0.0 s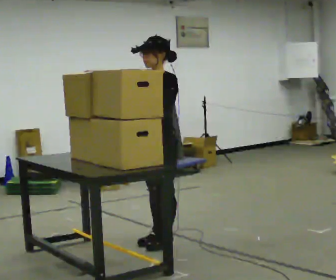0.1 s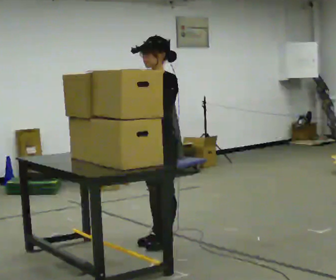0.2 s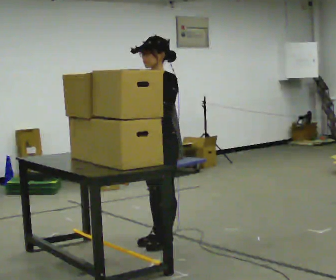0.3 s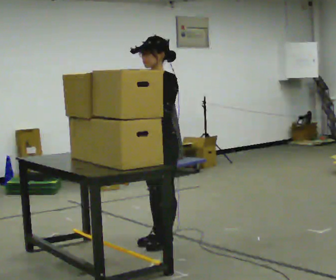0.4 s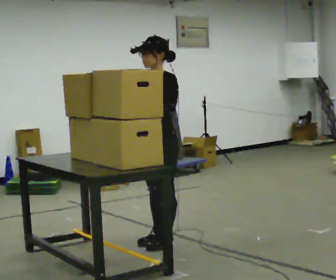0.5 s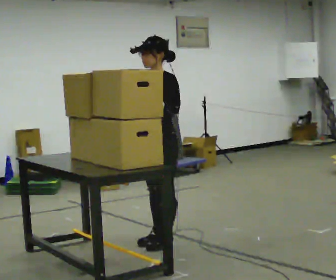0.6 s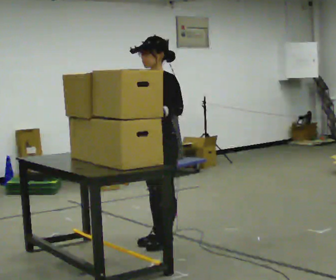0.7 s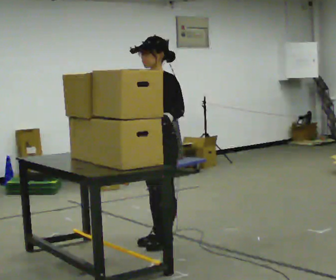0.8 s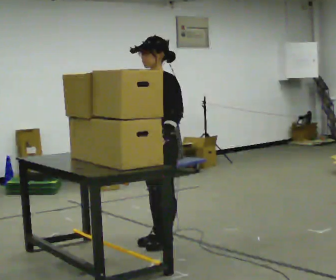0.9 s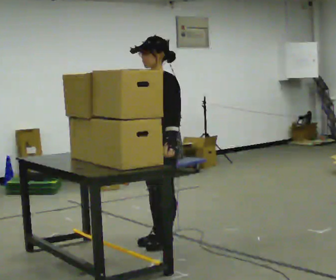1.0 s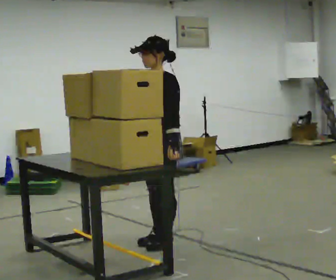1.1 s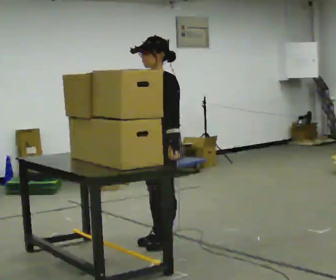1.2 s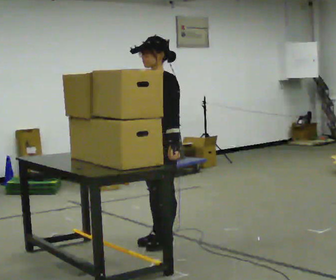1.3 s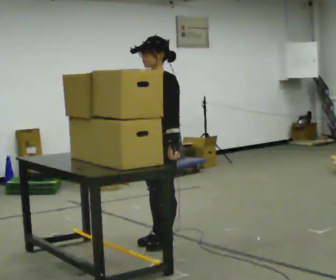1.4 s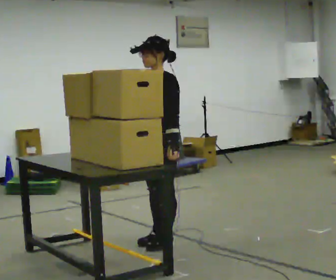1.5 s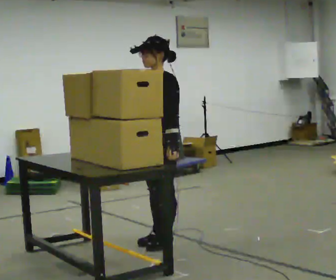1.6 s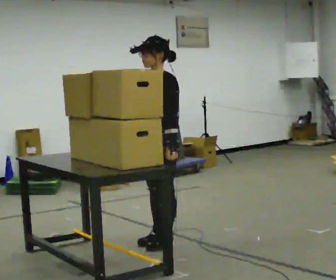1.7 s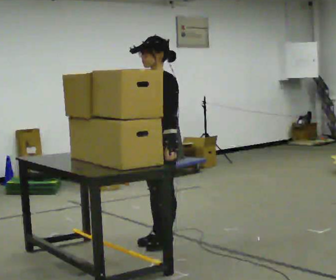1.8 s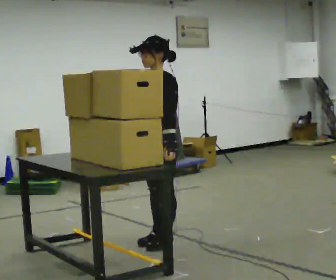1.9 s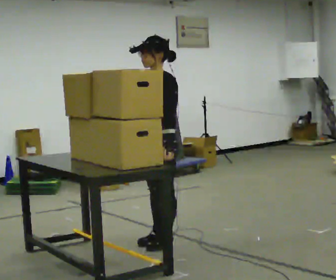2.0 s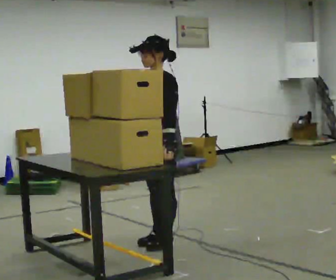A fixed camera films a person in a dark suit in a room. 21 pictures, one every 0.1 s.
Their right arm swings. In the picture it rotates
counterclockwise.
Their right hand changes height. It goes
downward.
0.0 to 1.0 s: In the picture their right hand goes downward, the arm swinging counterclockwise.
1.0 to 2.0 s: The person moves a little, or ends about where they began.
The film runs backward here.
